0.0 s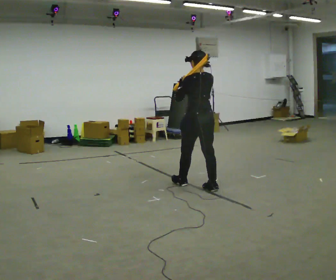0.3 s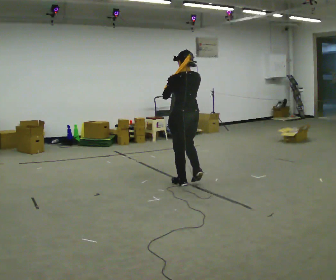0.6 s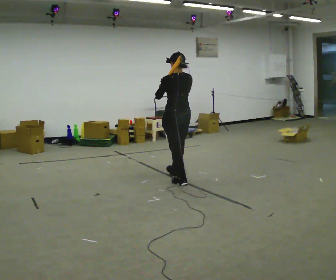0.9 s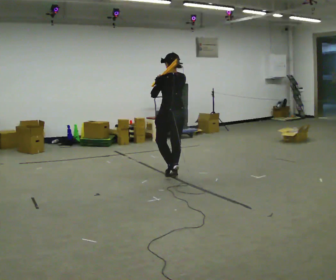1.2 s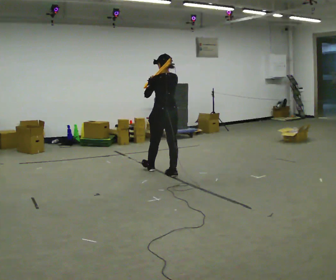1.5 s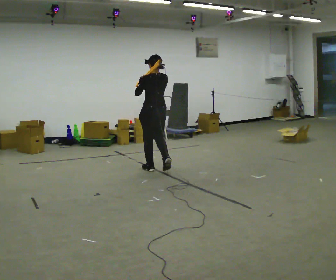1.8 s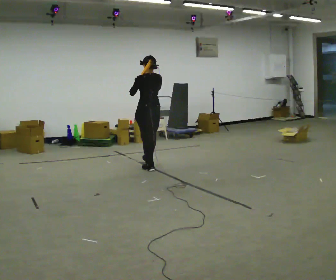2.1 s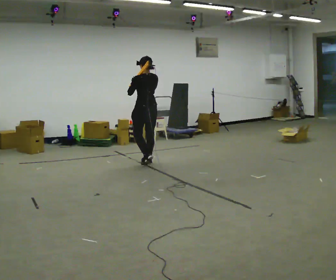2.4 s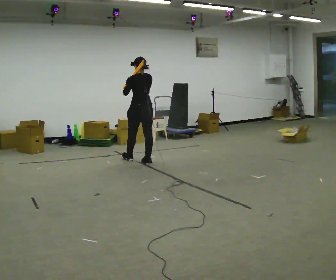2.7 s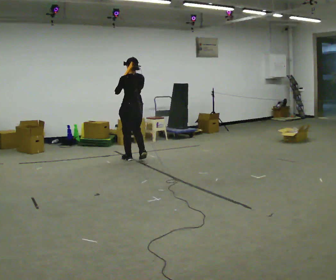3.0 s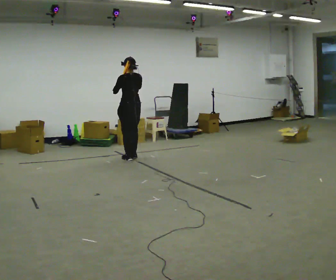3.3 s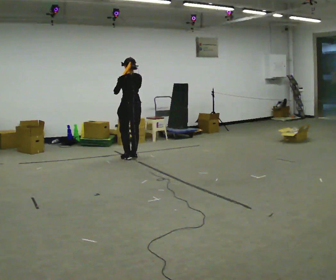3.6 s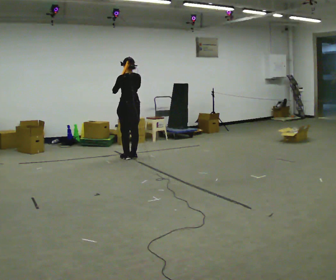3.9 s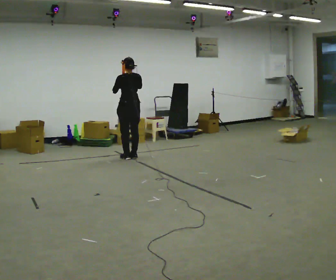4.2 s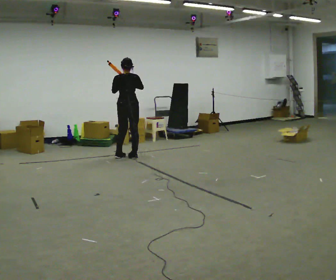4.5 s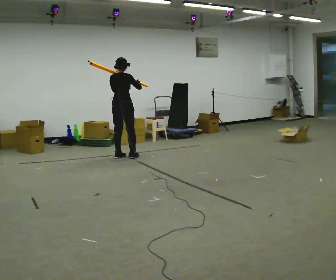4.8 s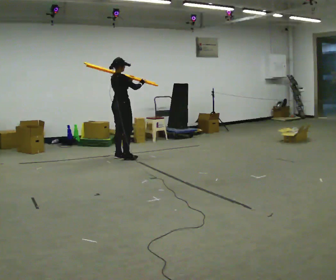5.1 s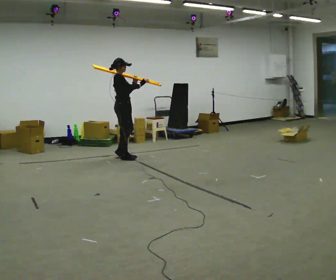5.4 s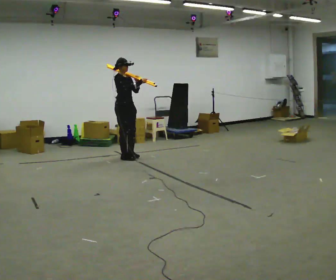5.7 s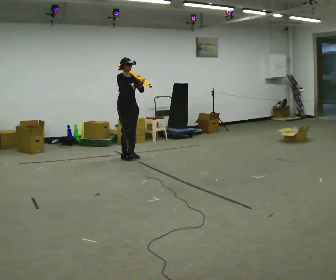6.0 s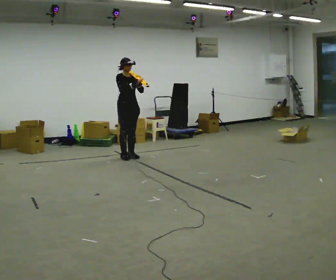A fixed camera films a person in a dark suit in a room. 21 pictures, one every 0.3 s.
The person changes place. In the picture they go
away from the camera.
The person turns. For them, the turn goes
to their right.
0.0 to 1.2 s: In the picture they go away from the camera and to the left, about 1 m in 1 step, which for them is forward.
1.2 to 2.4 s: In the picture they go away from the camera and to the left, about 1 m in 2 steps, which for them is forward.
2.4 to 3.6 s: In the picture they go away from the camera and to the left, about 0.25 m in 2 steps, which for them is forward.
3.6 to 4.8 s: The person turns about 90 degrees to their right, clockwise seen from above, so the part of the body nearest the lens slides to the left. In the picture they go to the left, about 0.25 m in 2 steps.
4.8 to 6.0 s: The part of the body nearest the lens slides to the left as the person turns to their right by about 75 degrees.
The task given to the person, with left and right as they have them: Rest the long object on the shoulder the operator calls and carry it across the room, back and forth.
The film runs forward here.
